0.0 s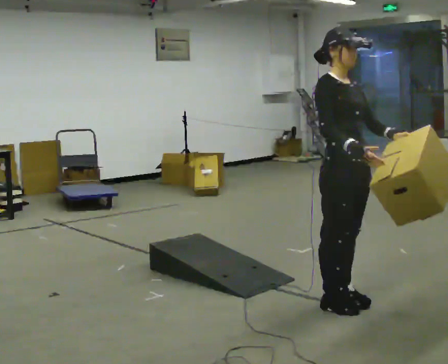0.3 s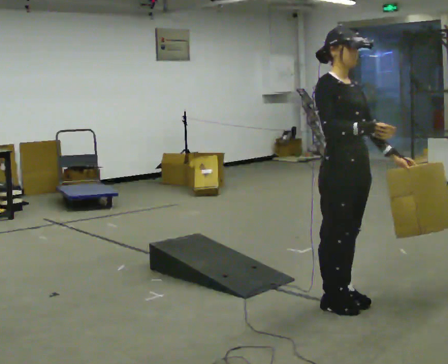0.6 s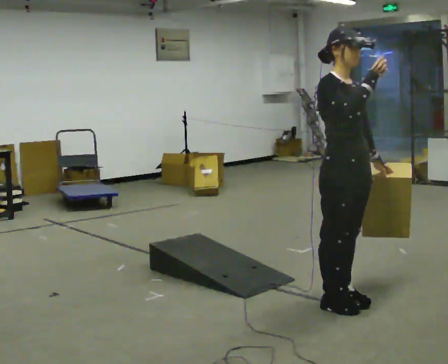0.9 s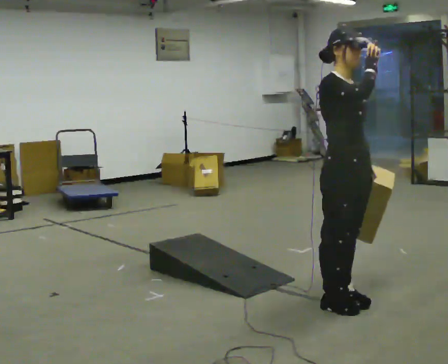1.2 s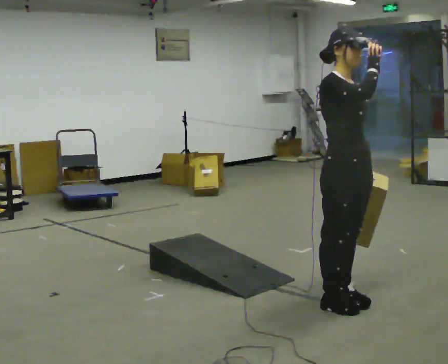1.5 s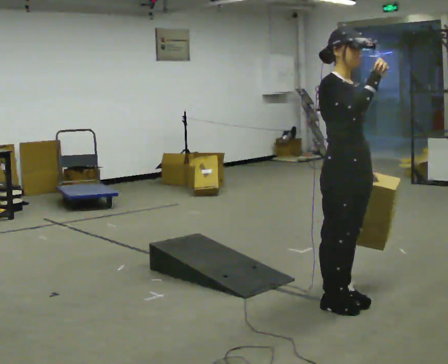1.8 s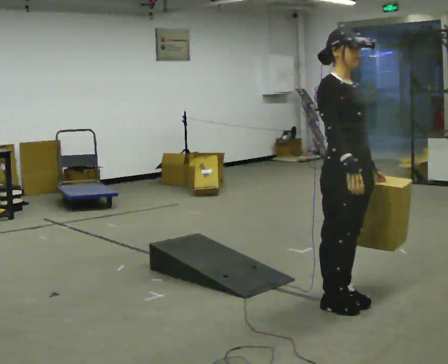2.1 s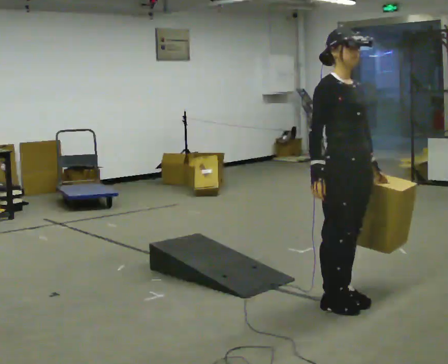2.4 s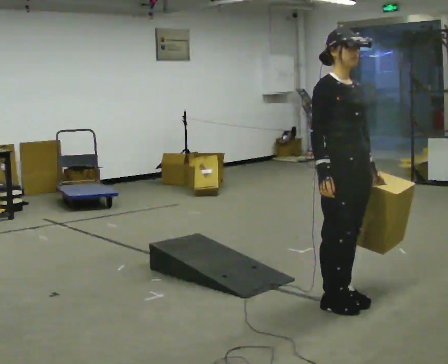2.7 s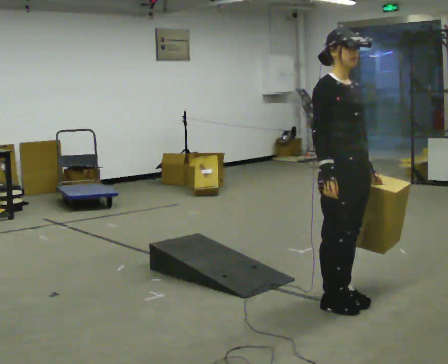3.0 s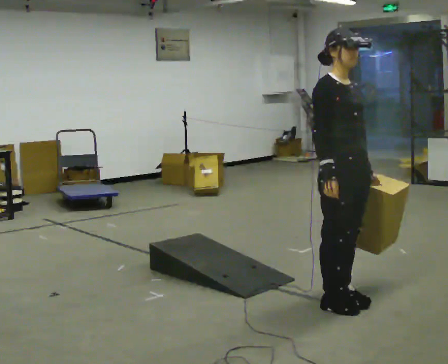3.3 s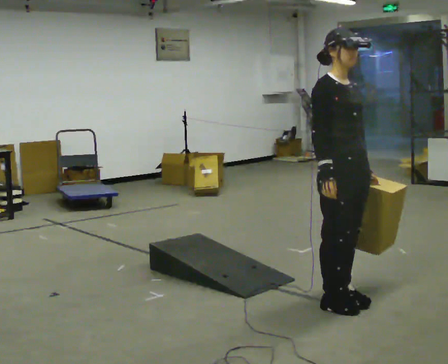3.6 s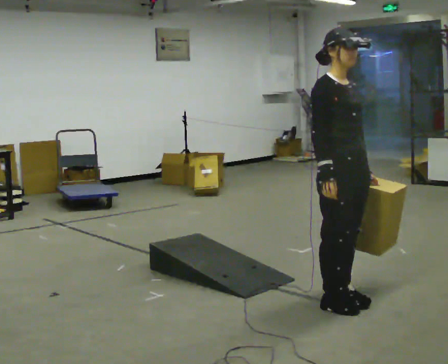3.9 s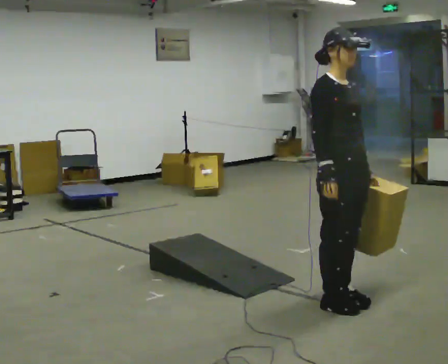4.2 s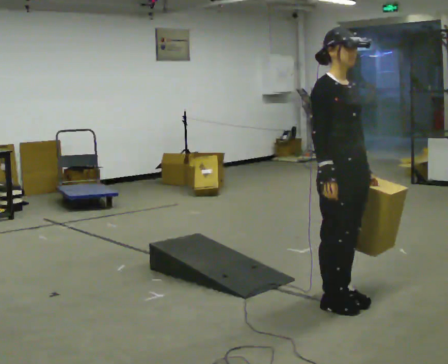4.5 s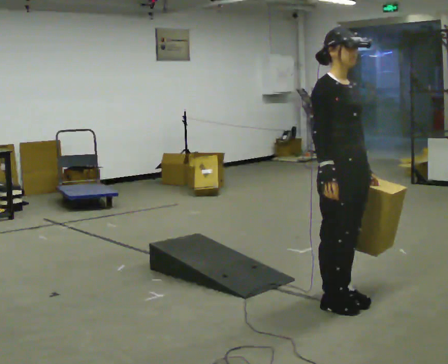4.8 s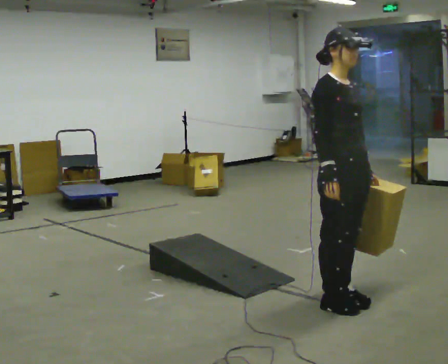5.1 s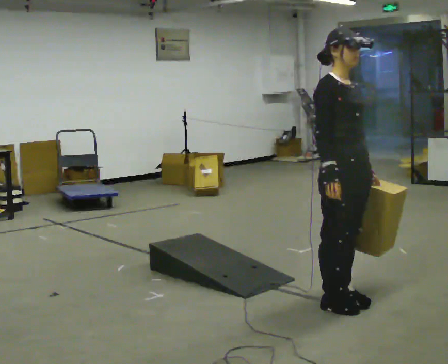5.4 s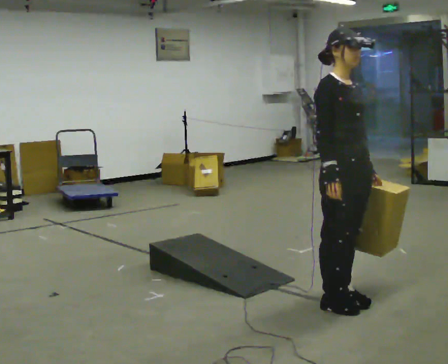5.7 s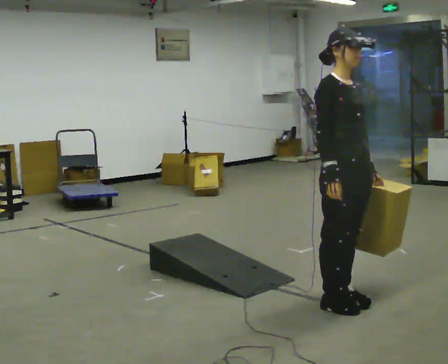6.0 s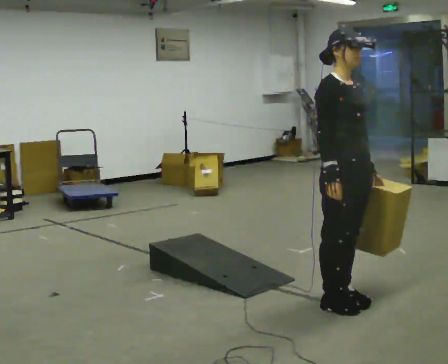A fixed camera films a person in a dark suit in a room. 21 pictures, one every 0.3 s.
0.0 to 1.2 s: In the picture their right hand goes upward.
1.2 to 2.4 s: In the picture their right hand goes downward.
2.4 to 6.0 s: The person moves a little, or ends about where they began.
The film runs forward here.
